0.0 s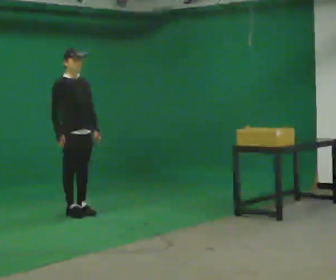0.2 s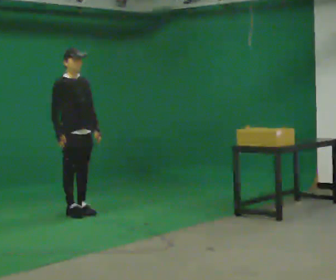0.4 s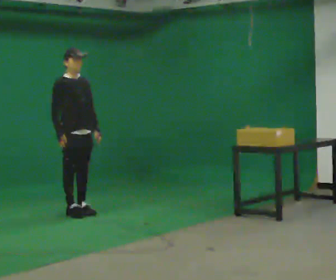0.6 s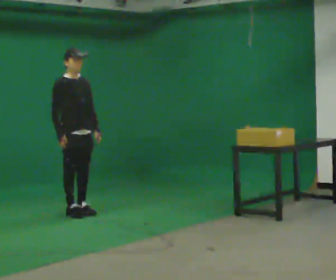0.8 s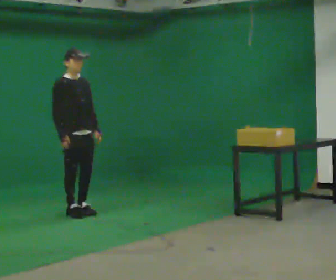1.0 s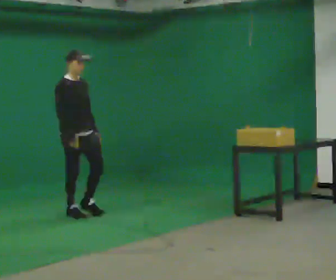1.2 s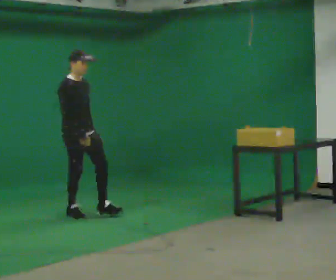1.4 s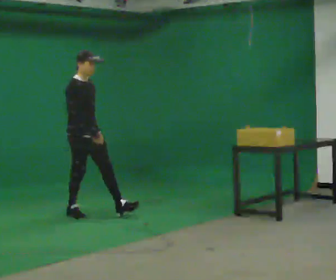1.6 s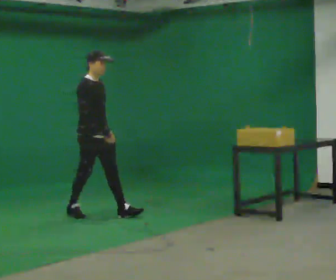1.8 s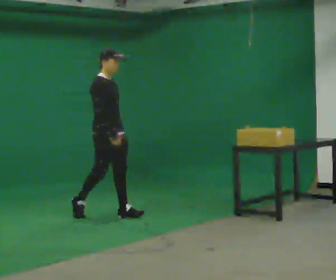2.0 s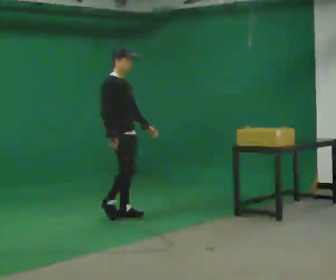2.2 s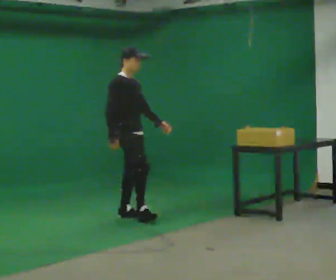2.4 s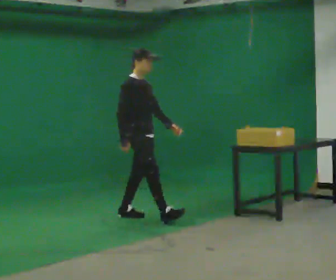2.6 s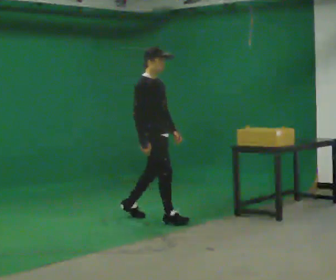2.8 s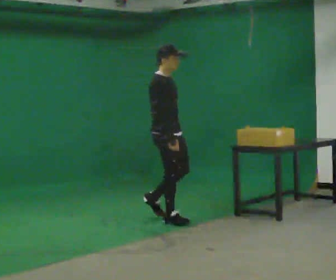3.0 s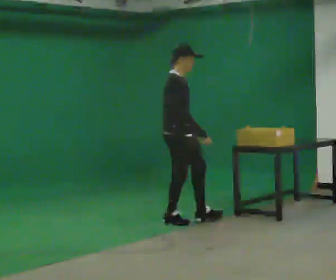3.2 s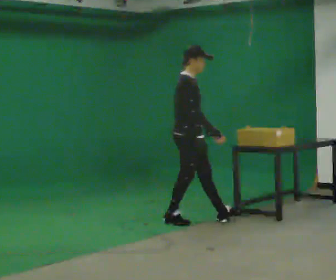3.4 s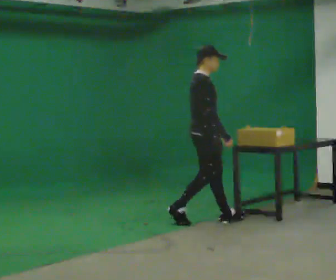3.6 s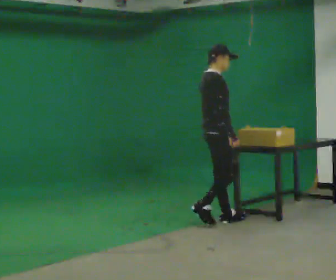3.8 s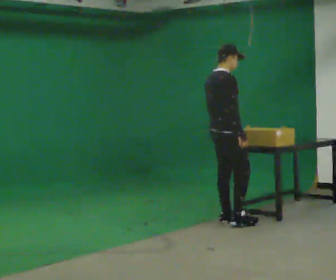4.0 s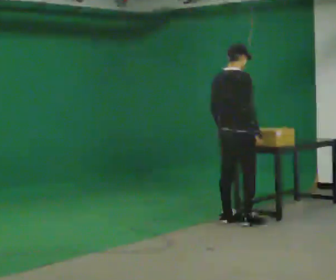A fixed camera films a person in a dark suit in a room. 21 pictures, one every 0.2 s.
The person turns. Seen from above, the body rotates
counterclockwise.
The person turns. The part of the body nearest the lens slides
to the right.
0.0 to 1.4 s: In the picture their right hand goes to the right.
1.4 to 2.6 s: In the picture they go to the right and toward the camera, about 1 m in 1 step, which for them is forward.
2.6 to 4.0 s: The person turns about 60 degrees to their left, counterclockwise seen from above, so the part of the body nearest the lens slides to the right. In the picture they go to the right, about 1 m in 2 steps.
The film runs forward here.
